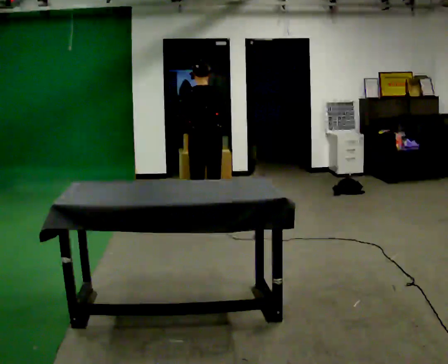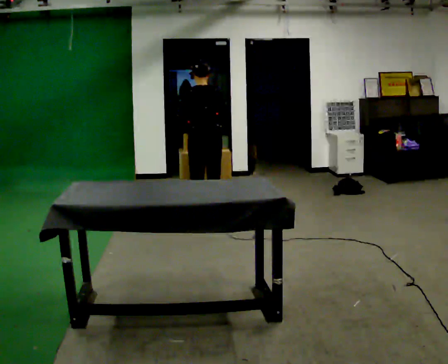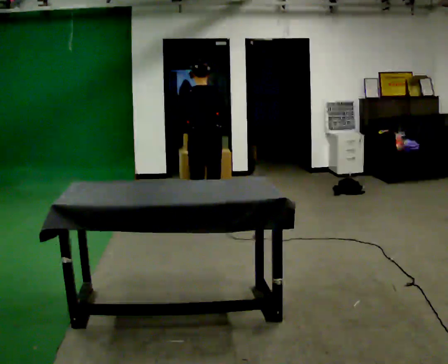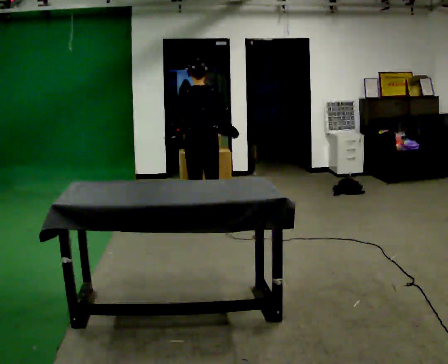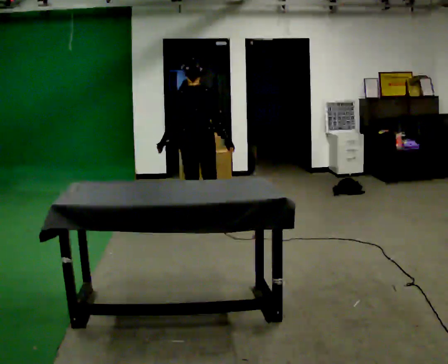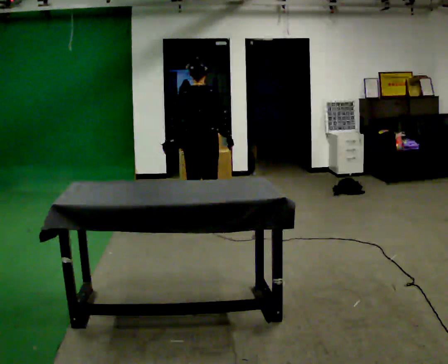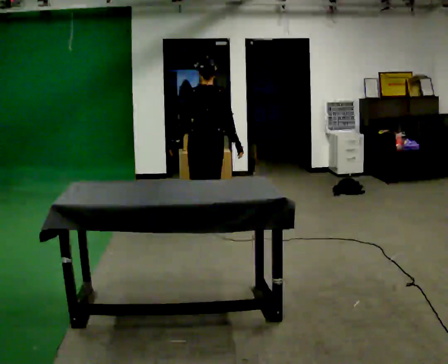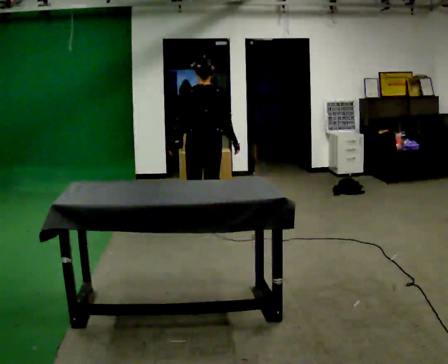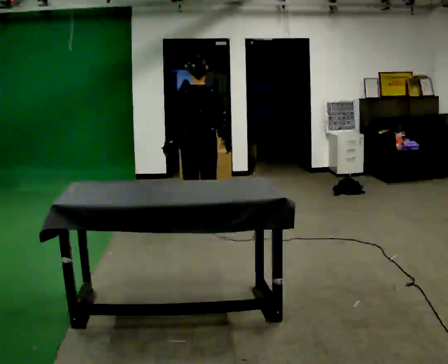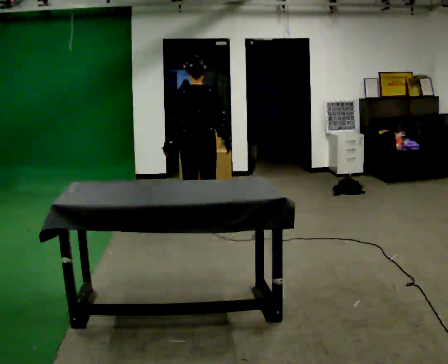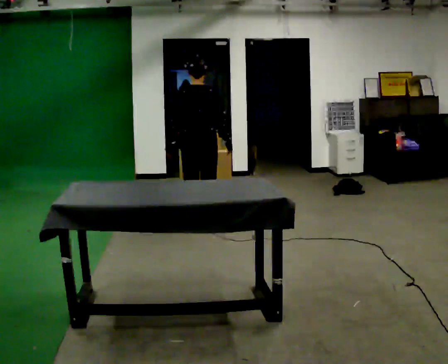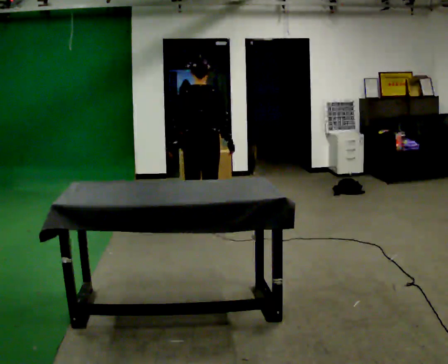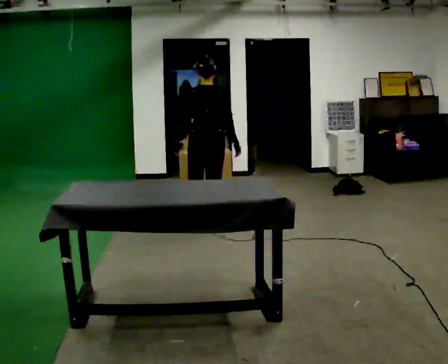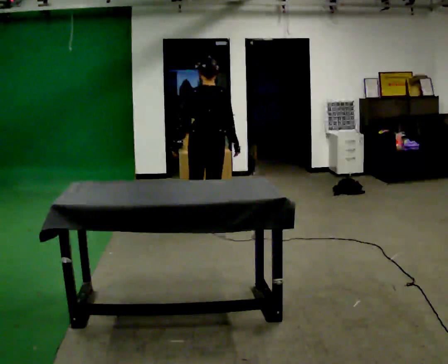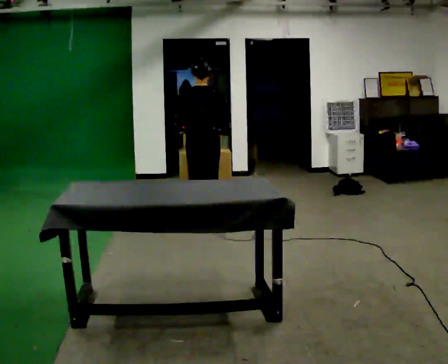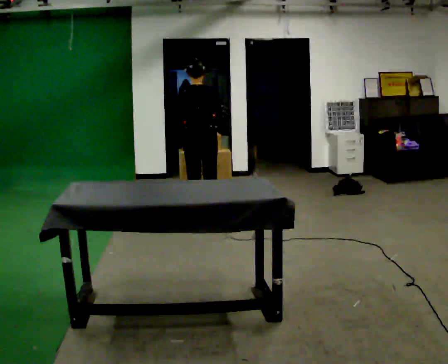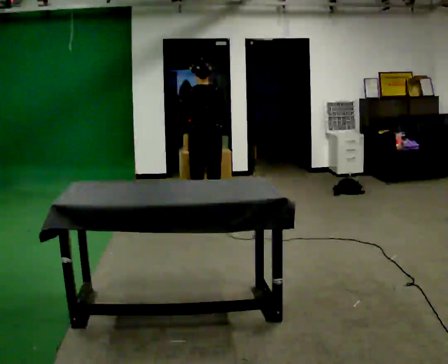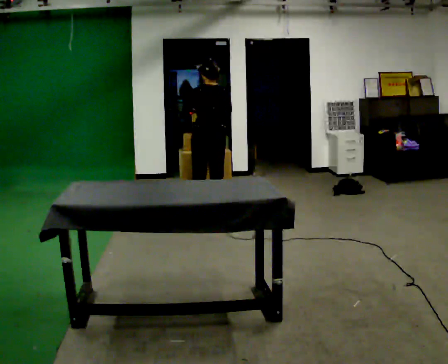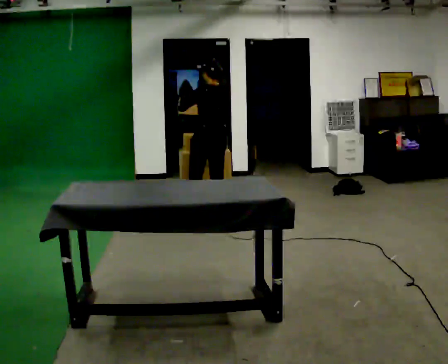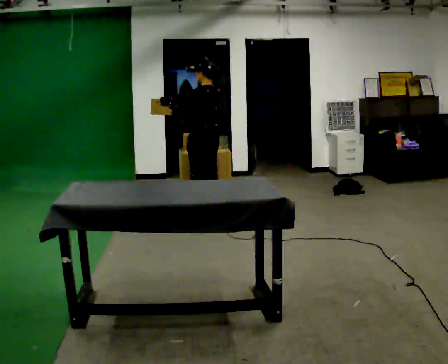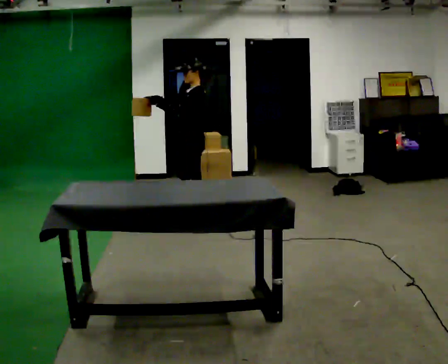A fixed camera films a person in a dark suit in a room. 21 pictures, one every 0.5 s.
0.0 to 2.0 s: In the picture they go toward the camera, about 0.25 m, which for them is backward.
2.0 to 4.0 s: In the picture they go toward the camera, about 0.25 m in 2 steps, which for them is backward.
4.0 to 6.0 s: The person moves a little, or ends about where they began.
6.0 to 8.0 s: In the picture they go away from the camera, about 0.5 m in 2 steps, which for them is forward.
8.0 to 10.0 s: The person turns about 105 degrees to their left, counterclockwise seen from above, so the part of the body nearest the lens slides to the right. In the picture they go toward the camera, about 0.25 m. In the picture their right hand goes to the left.
The film runs forward here.
